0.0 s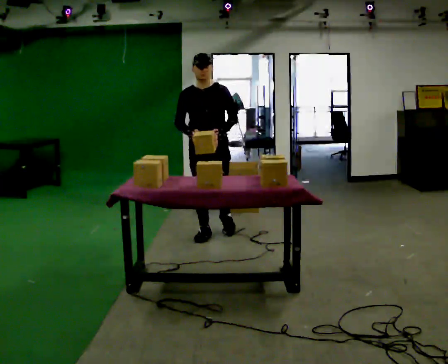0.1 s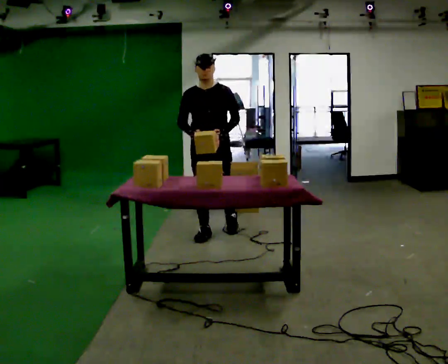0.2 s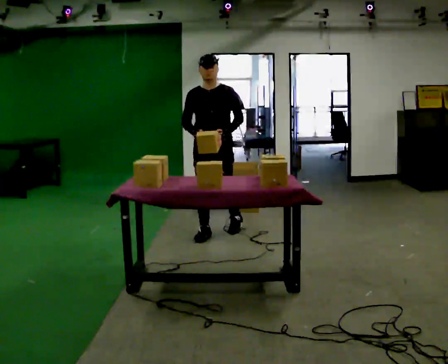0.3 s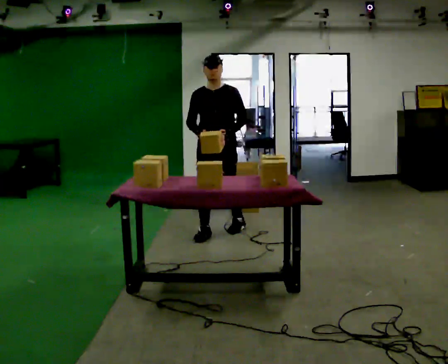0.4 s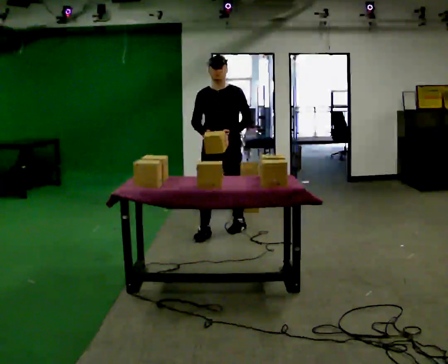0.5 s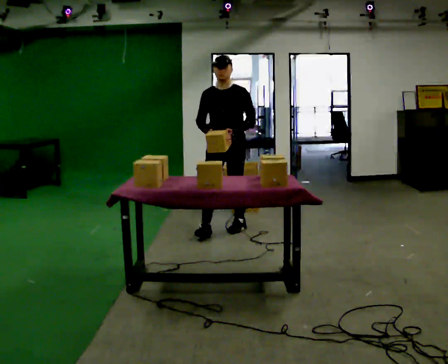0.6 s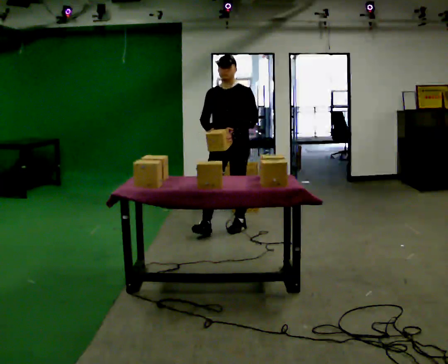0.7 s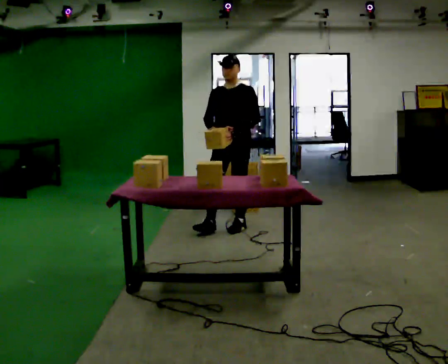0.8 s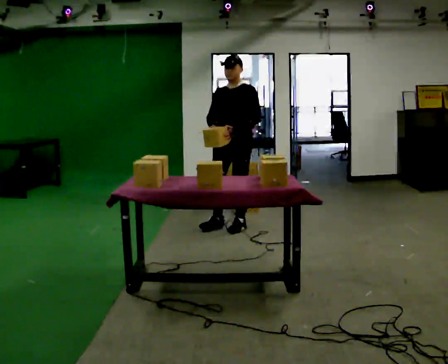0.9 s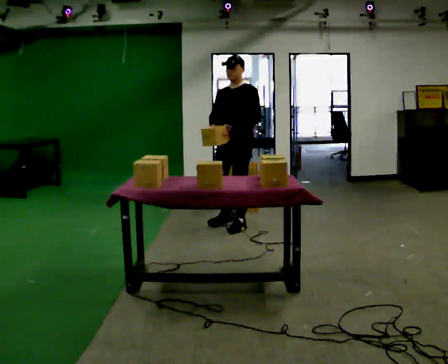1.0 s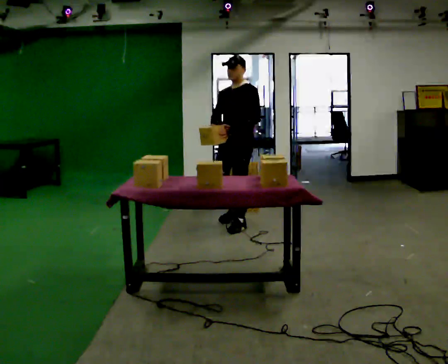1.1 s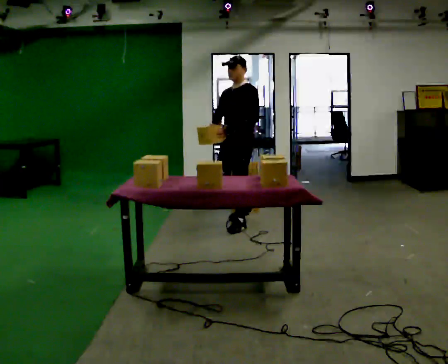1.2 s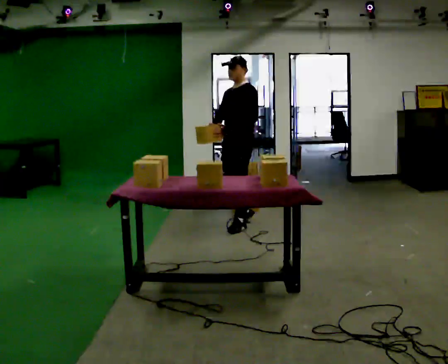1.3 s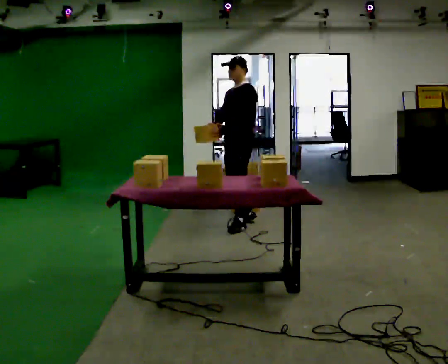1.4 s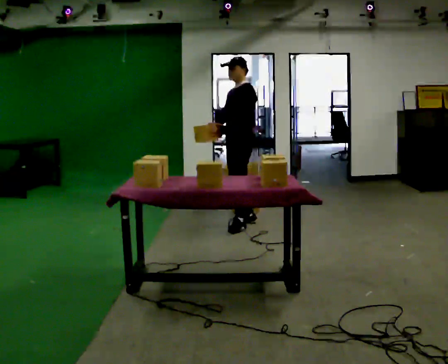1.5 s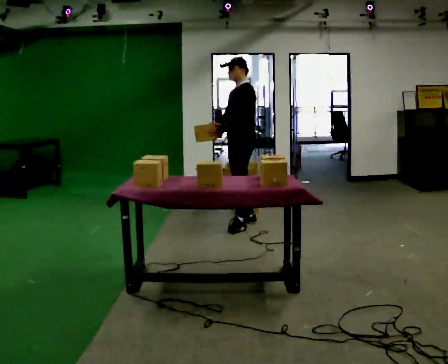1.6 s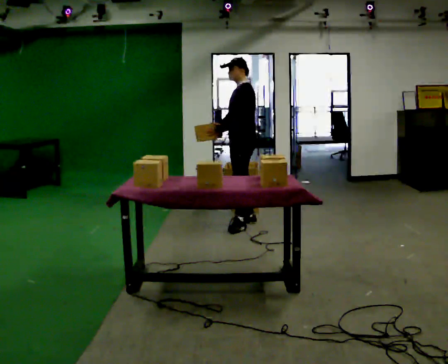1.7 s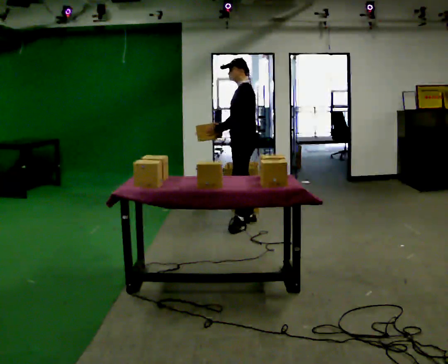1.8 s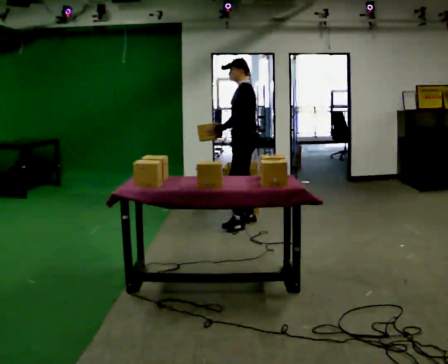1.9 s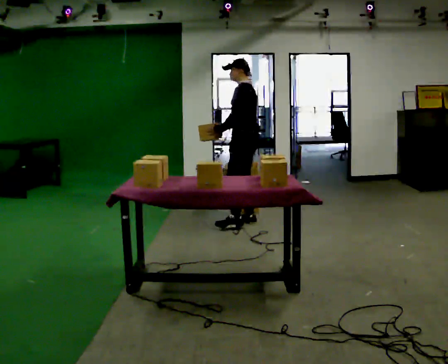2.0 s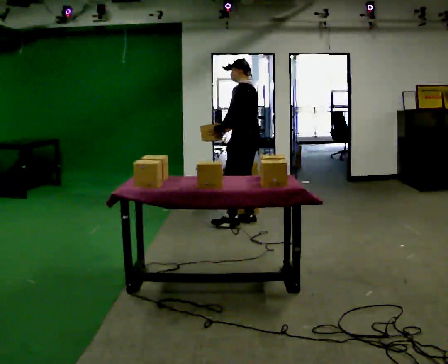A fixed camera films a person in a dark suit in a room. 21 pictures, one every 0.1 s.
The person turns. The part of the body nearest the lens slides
to the left.
Their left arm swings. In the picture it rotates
clockwise.
0.0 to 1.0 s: The person turns about 45 degrees to their right, clockwise seen from above, so the part of the body nearest the lens slides to the left. In the picture they go away from the camera and to the right, about 0.5 m in 1 step, which for them is backward and to their left.
1.0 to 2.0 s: Seen from above the body turns clockwise, about 75 degrees: to their right, with its near side sliding to the left. In the picture they go away from the camera, about 0.25 m in 1 step.
The film runs backward here.
